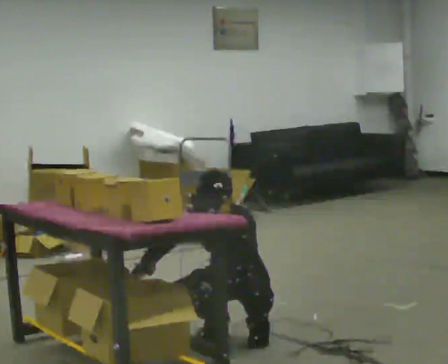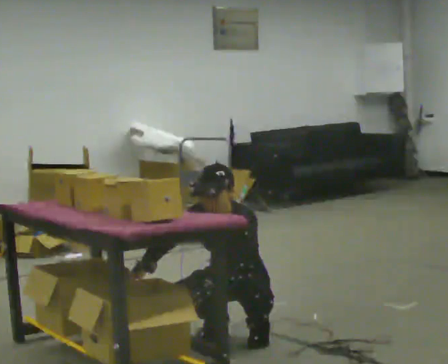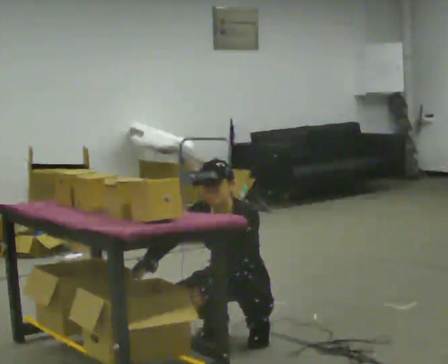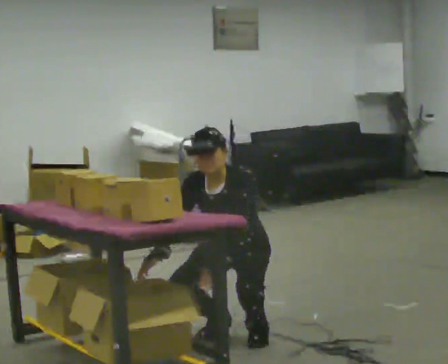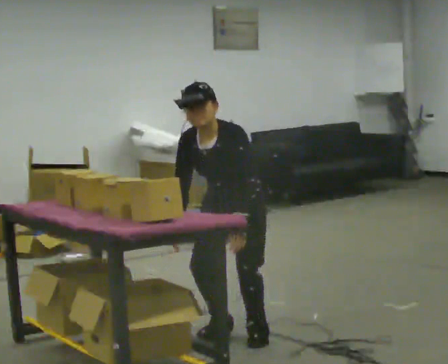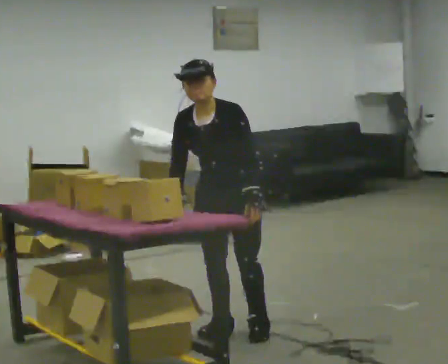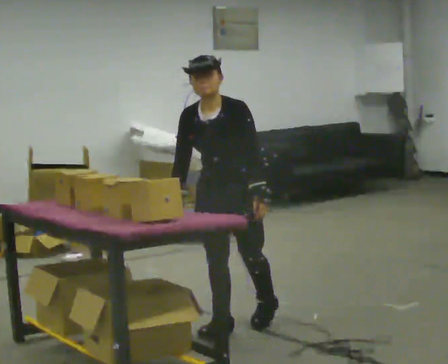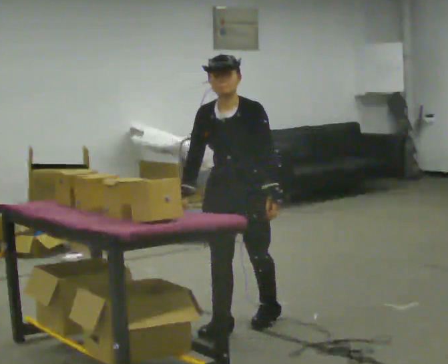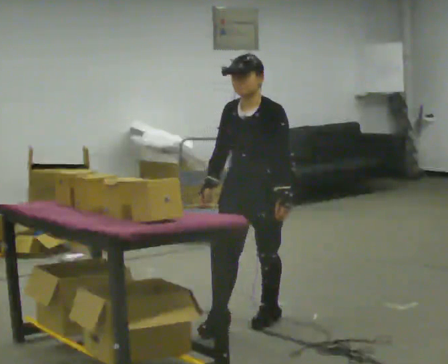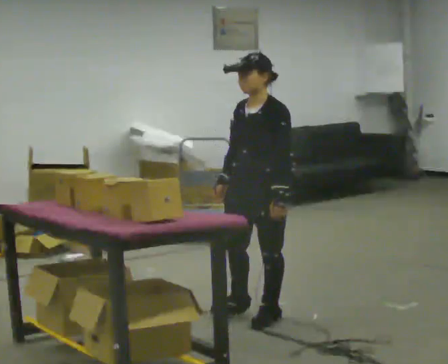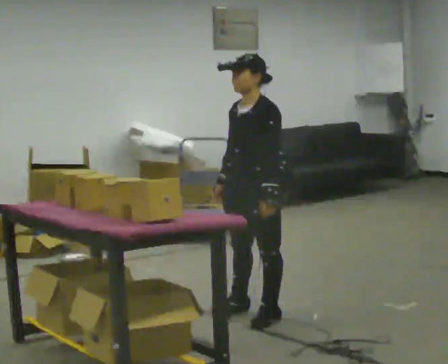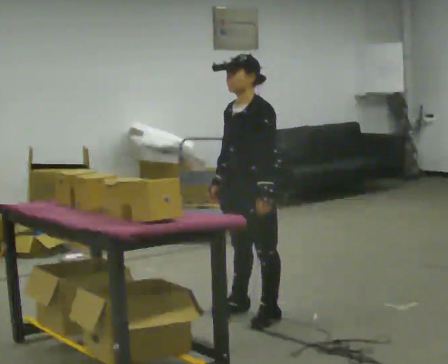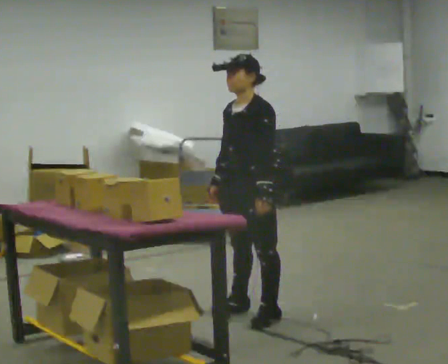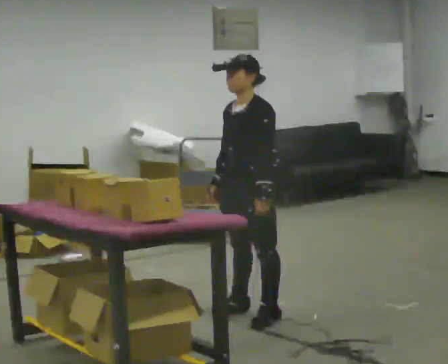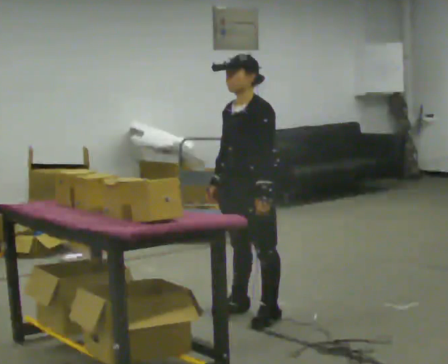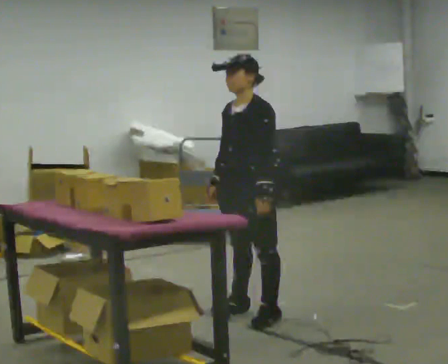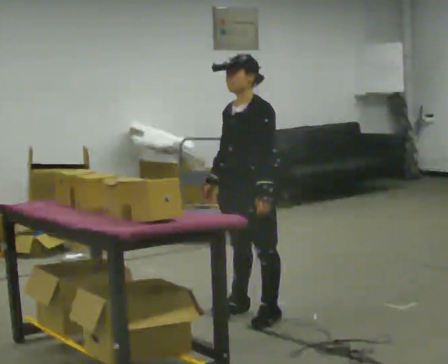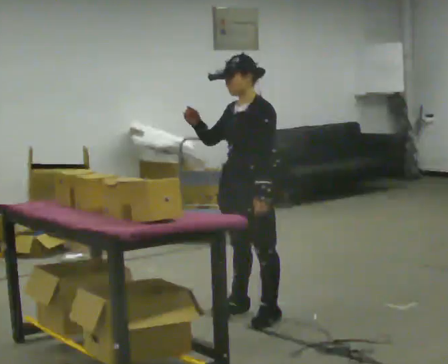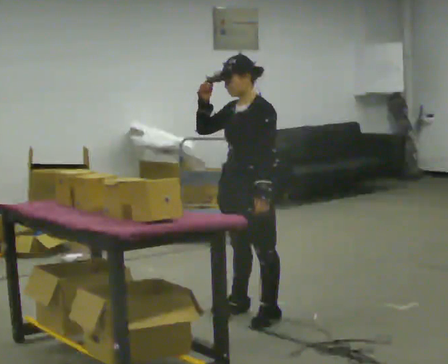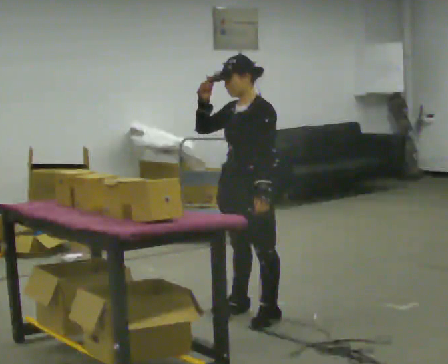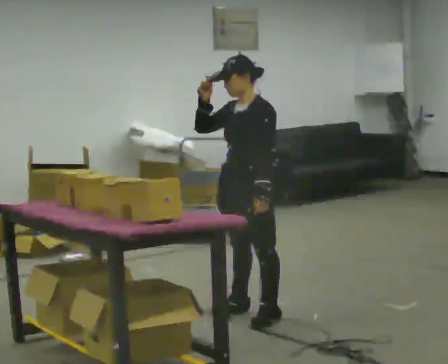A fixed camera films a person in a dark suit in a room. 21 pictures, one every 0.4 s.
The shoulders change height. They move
upward.
Their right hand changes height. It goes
upward.
0.0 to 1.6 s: The upper body goes upward.
1.6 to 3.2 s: In the picture the upper body tilts clockwise, shoulders to the right, as they lean back or straighten.
3.2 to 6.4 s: The person moves a little, or ends about where they began.
6.4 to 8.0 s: In the picture their right hand goes upward.
The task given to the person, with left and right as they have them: 1. Take everything out of the crates by the door. 2. Put the small items on the middle shelf. 3. Put the large items on the bottom shelf. 4. Stack the empty crates by the door. 5. Tell the operator when you are finished.
The film runs forward here.
